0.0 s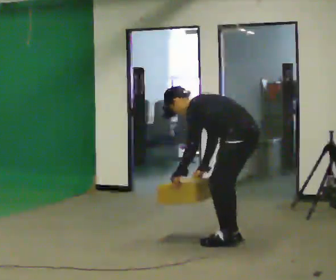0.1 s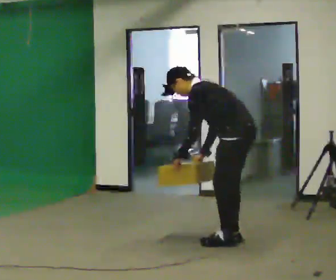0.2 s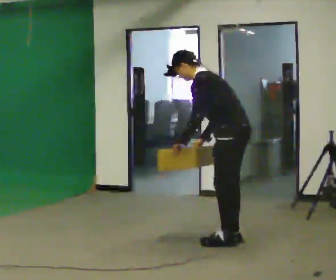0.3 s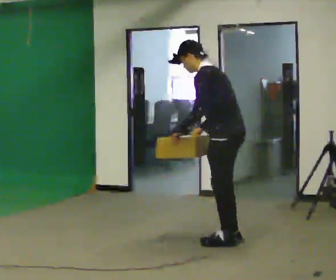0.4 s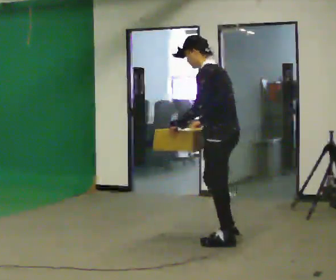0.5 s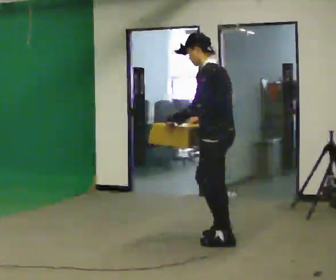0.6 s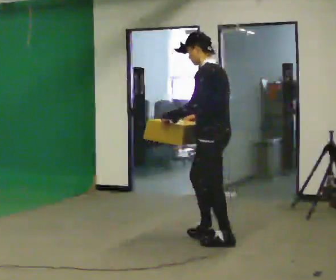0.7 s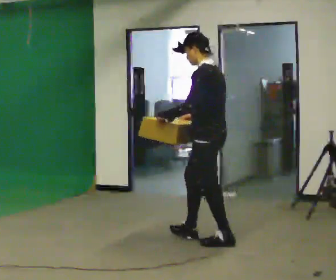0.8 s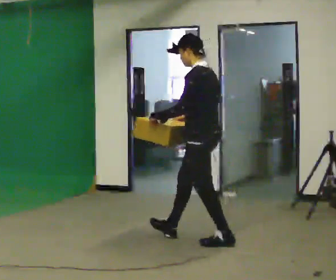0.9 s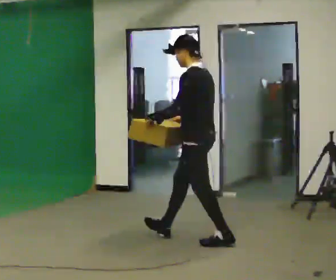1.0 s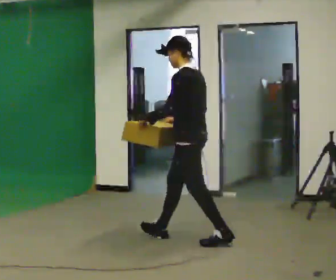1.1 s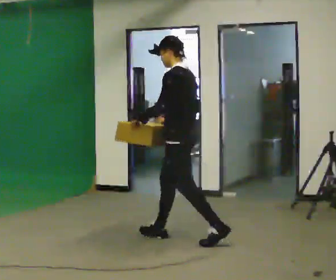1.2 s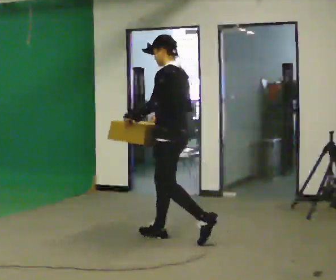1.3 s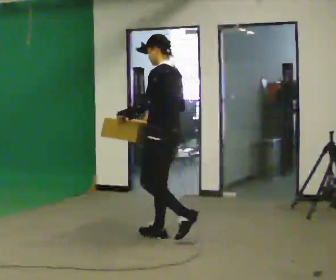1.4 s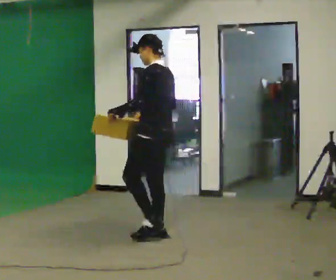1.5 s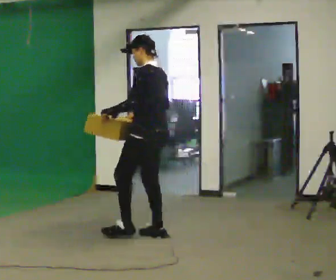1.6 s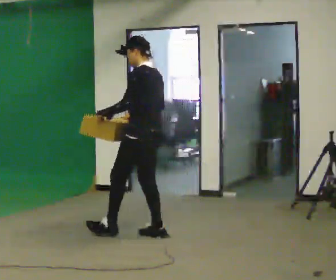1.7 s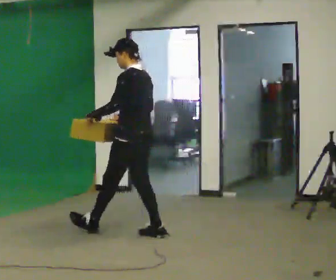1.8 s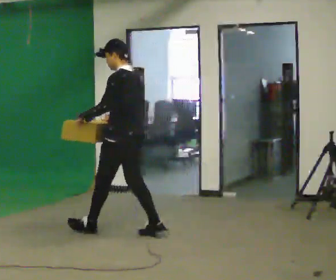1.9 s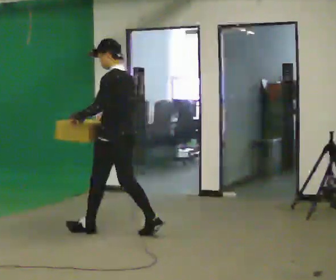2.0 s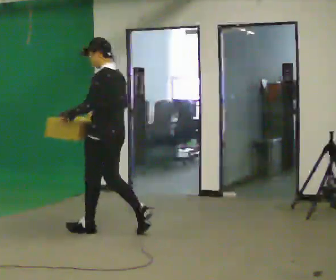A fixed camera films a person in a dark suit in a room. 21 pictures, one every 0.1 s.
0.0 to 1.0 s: In the picture they go to the left, about 0.5 m in 2 steps, which for them is forward. The upper body goes upward. In the picture the upper body tilts clockwise, shoulders to the right, as they lean back or straighten. In the picture their right hand goes upward.
1.0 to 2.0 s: In the picture they go to the left, about 1 m in 1 step, which for them is forward.
The film runs forward here.
